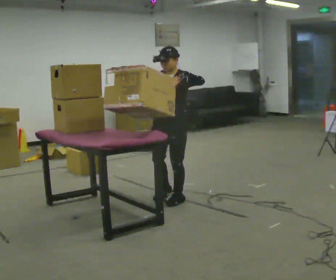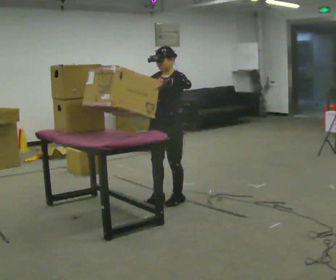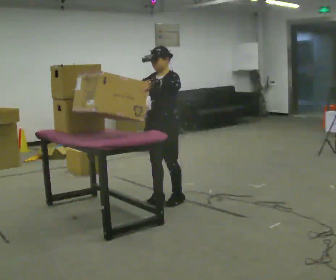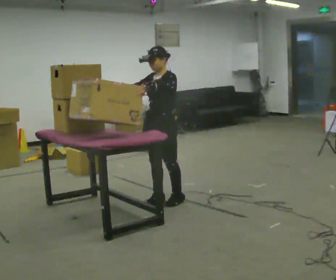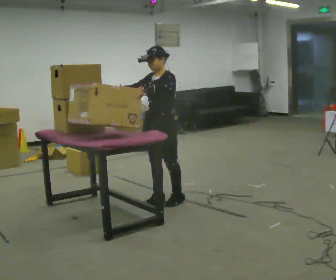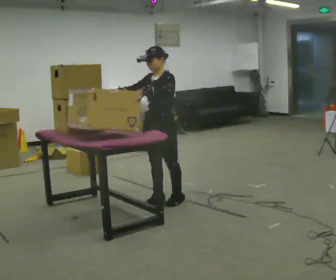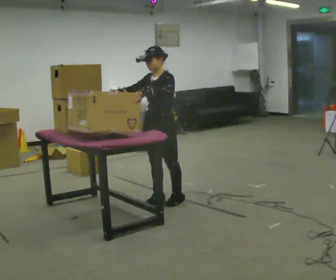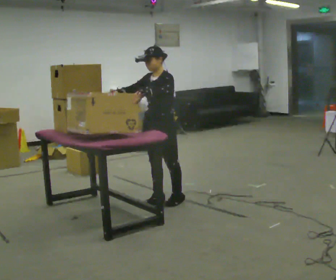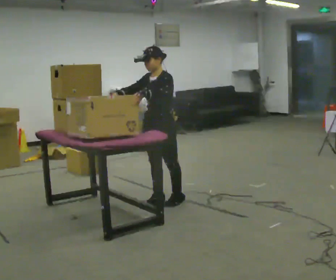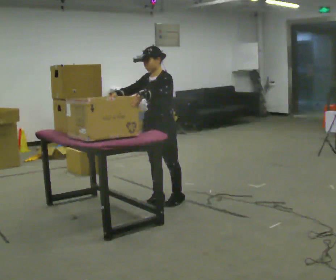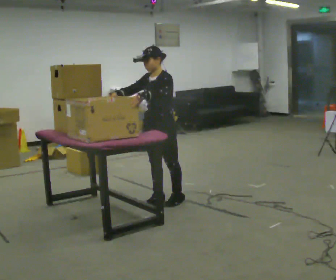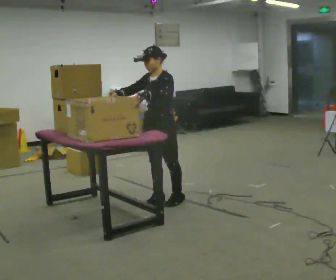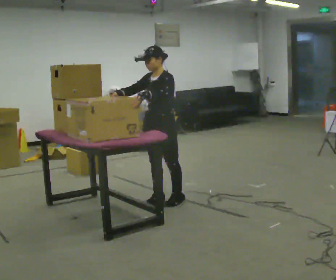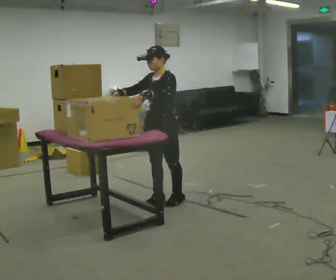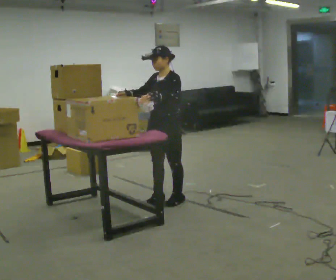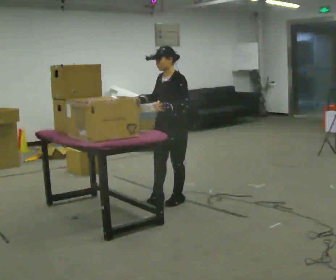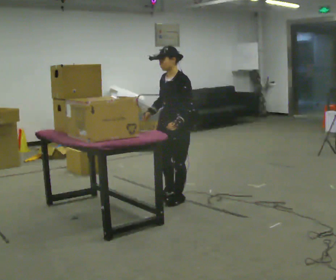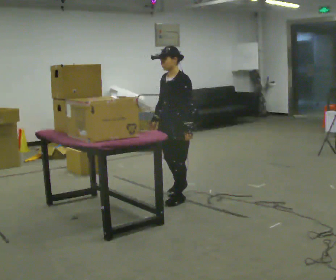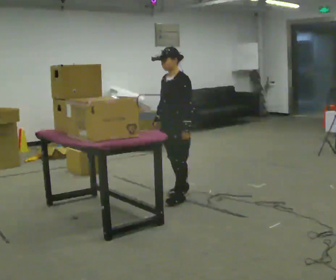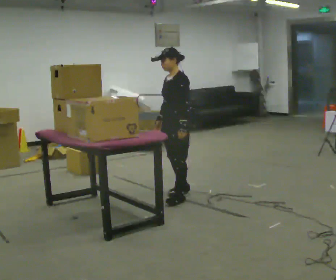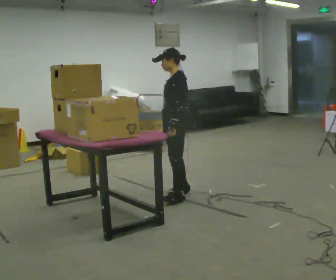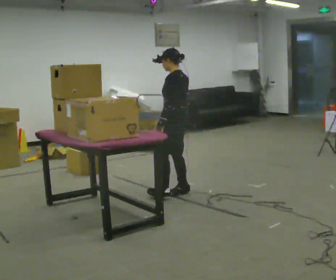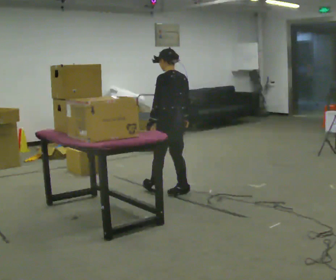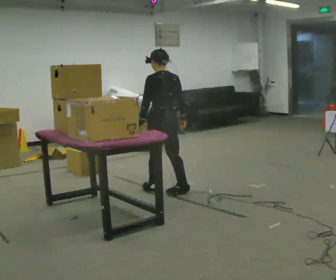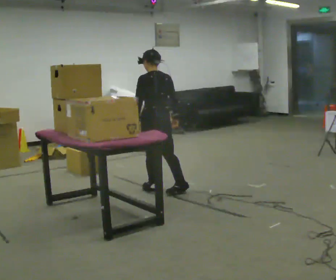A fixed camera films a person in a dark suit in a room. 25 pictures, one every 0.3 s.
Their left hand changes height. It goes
downward.
The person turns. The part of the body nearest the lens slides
to the left.
0.0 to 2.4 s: In the picture their left hand goes to the left.
2.4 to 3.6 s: The person keeps their place and pose.
3.6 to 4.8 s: The person moves a little, or ends about where they began.
4.8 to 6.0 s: The person turns about 30 degrees to their right, clockwise seen from above, so the part of the body nearest the lens slides to the left. In the picture they go away from the camera, about 0.25 m in 1 step, which for them is to their right and backward.
6.0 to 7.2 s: The person turns about 60 degrees to their right, clockwise seen from above, so the part of the body nearest the lens slides to the left. In the picture they go to the left, about 0.25 m in 1 step, which for them is forward.
The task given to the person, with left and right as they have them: Take boxes off the top of the stack one at a time and carry them away, walking back for each one. Keep going until the operator says stop; one object at a time, and do not rush between trips.
The film runs forward here.
